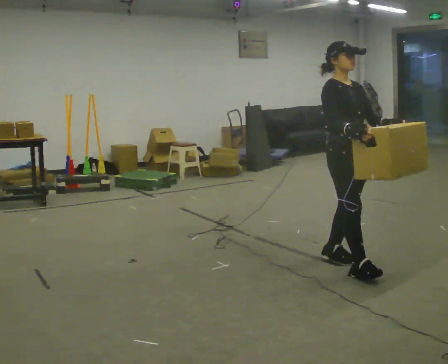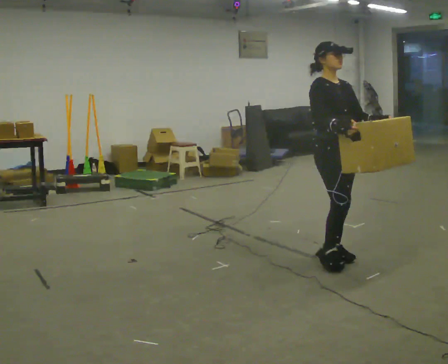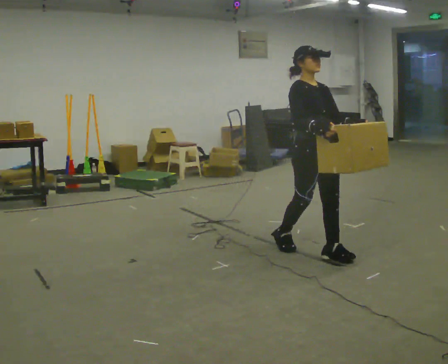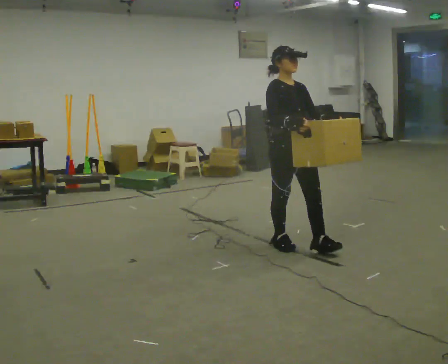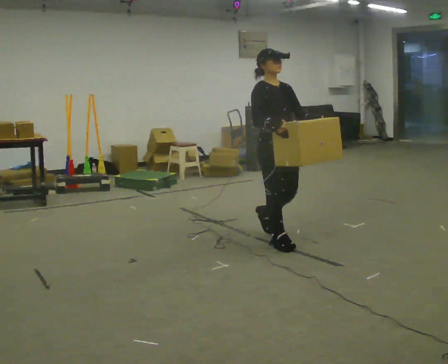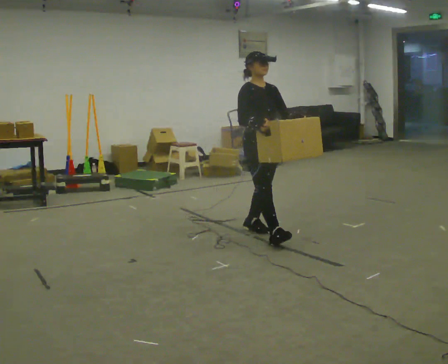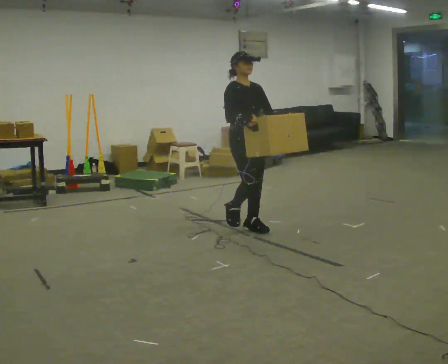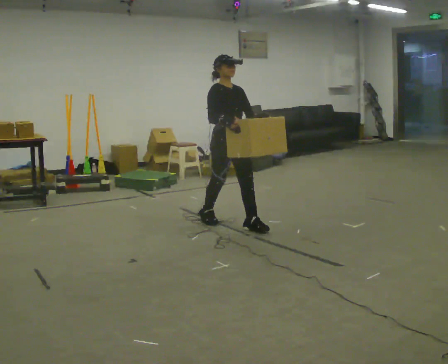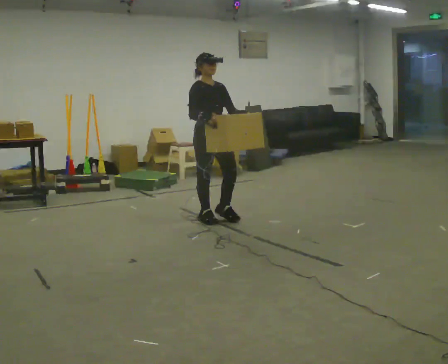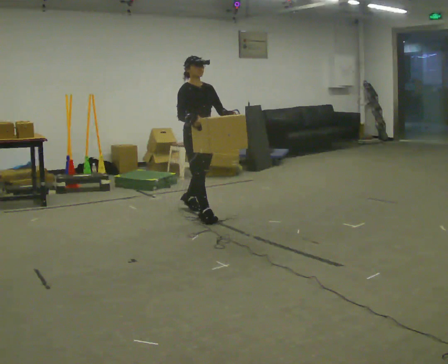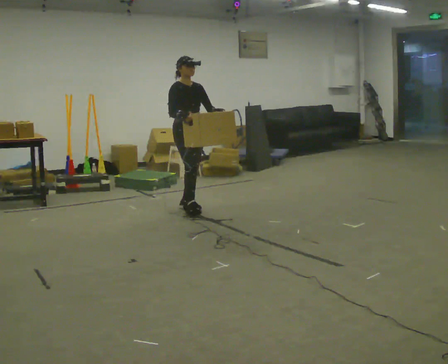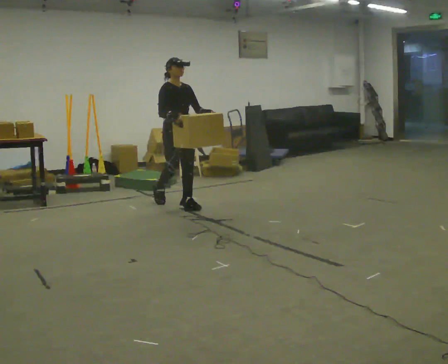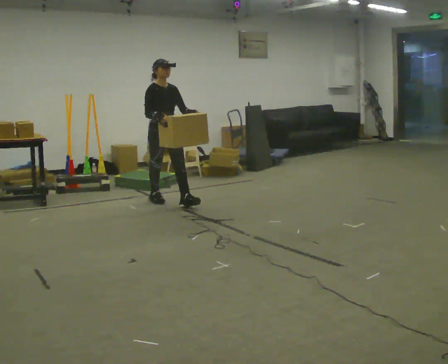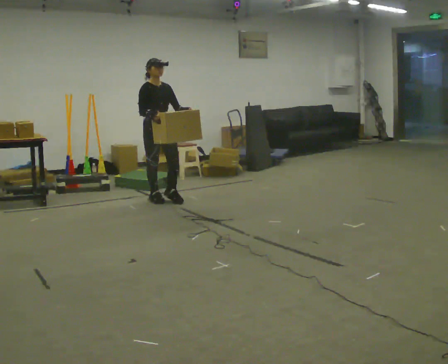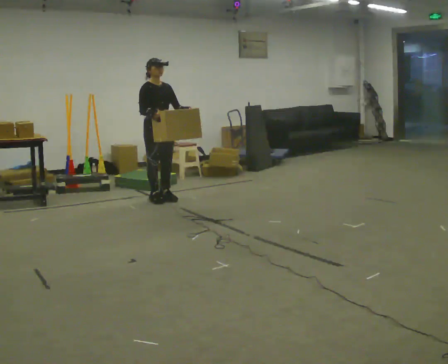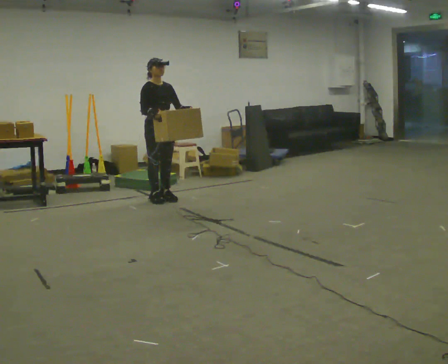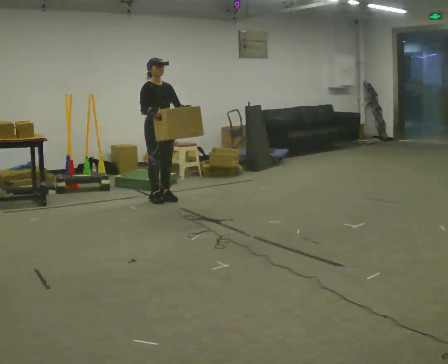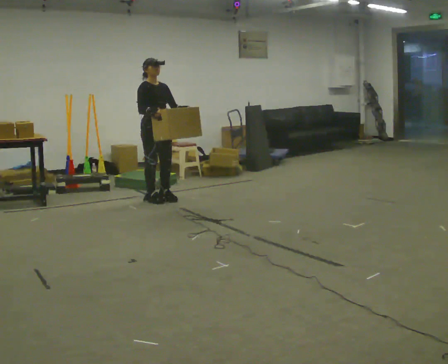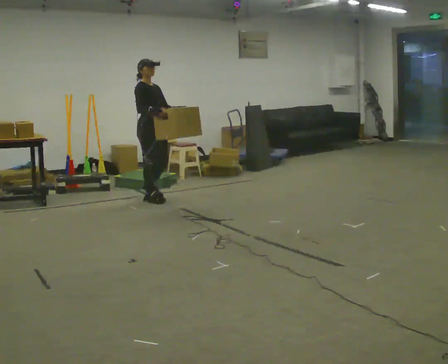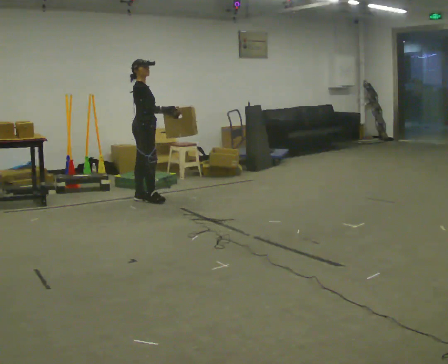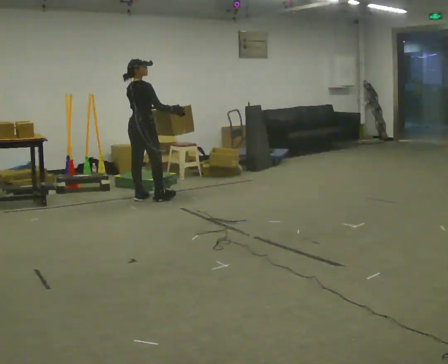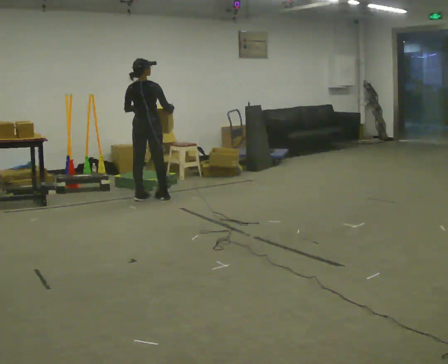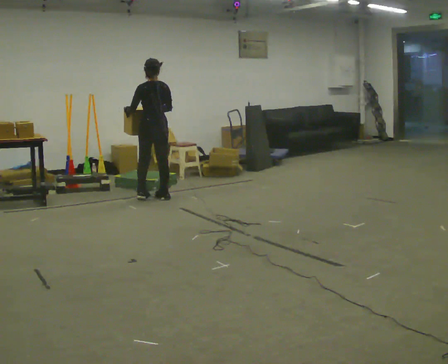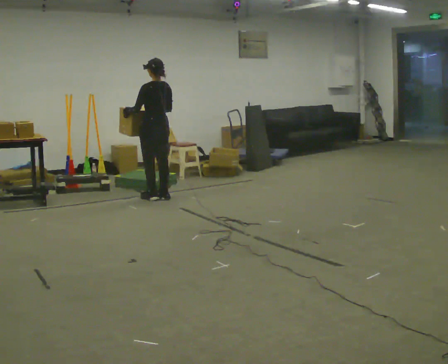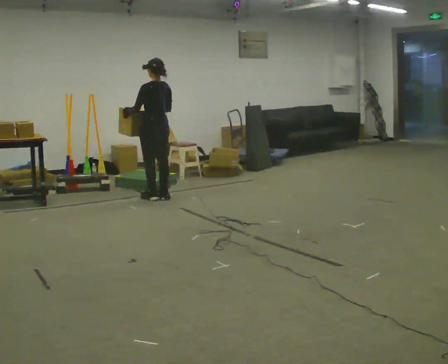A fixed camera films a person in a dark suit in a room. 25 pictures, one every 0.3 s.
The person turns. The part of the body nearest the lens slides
to the right.
The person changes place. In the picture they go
away from the camera.
0.0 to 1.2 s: In the picture they go away from the camera and to the left, about 0.5 m in 2 steps, which for them is backward.
1.2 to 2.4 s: In the picture they go away from the camera and to the left, about 1 m in 2 steps, which for them is backward.
2.4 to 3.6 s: In the picture they go away from the camera and to the left, about 1 m in 1 step, which for them is backward.
3.6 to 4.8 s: In the picture they go away from the camera, about 0.25 m in 1 step, which for them is backward.
4.8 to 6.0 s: The part of the body nearest the lens slides to the right as the person turns to their left by about 90 degrees. In the picture they go to the left, about 0.25 m in 1 step.
6.0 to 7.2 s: The part of the body nearest the lens slides to the right as the person turns to their left by about 90 degrees.
The film runs backward here.
